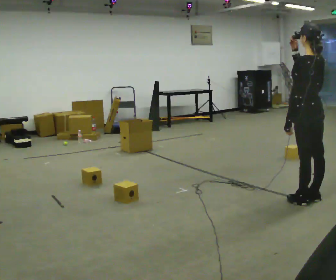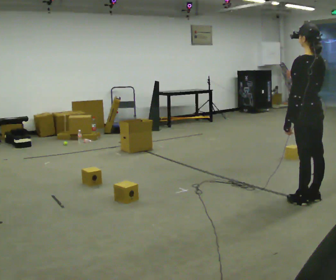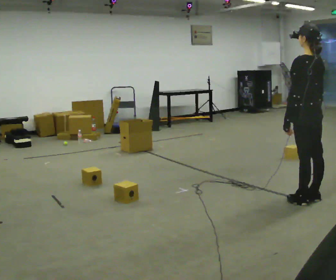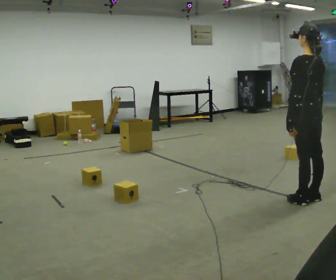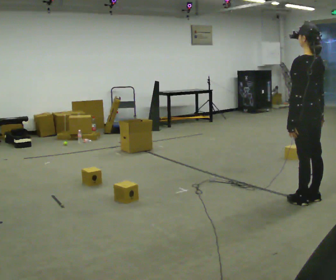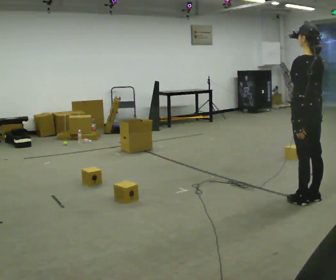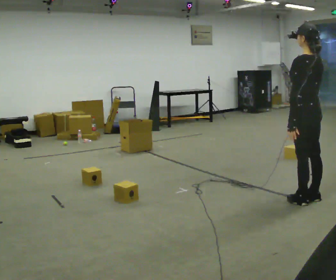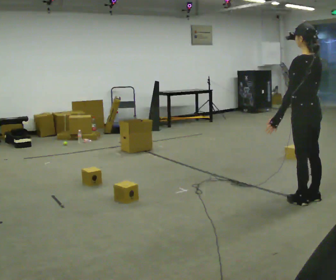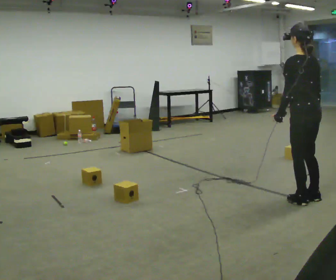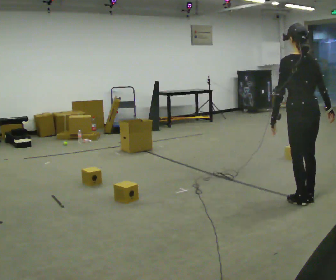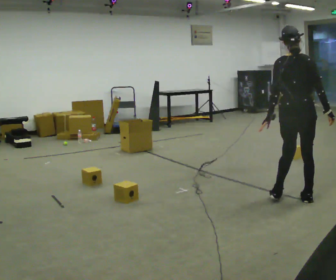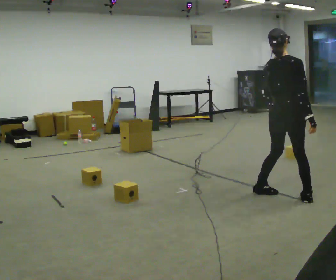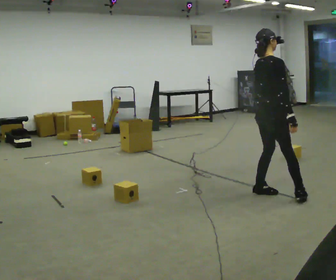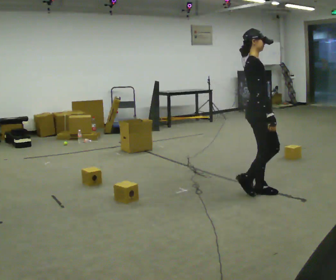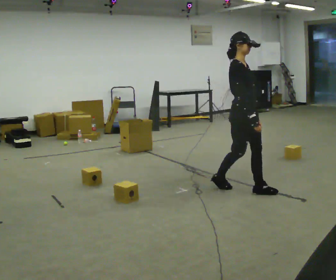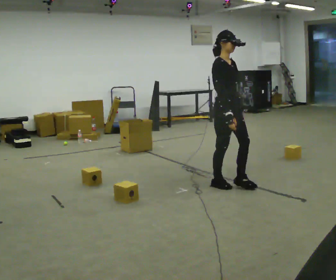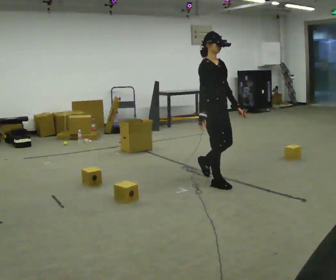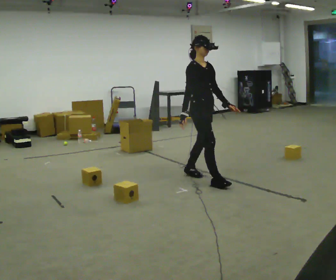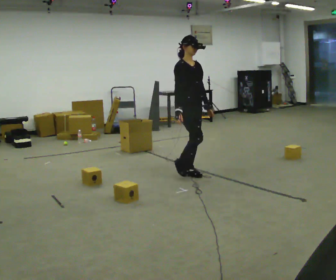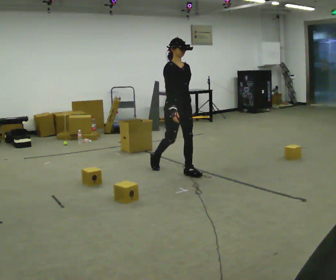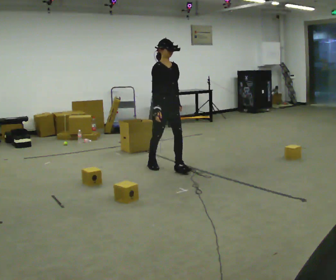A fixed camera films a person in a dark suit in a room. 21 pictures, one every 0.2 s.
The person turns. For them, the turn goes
to their right.
The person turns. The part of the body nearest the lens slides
to the left.
0.0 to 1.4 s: In the picture their right hand goes downward.
1.4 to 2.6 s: The part of the body nearest the lens slides to the left as the person turns to their right by about 135 degrees. In the picture they go to the left and away from the camera, about 0.5 m in 2 steps.
2.6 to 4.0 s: Seen from above the body turns clockwise, about 45 degrees: to their right, with its near side sliding to the left. In the picture they go to the left and away from the camera, about 1.5 m in 3 steps, which for them is backward.
The film runs backward here.
